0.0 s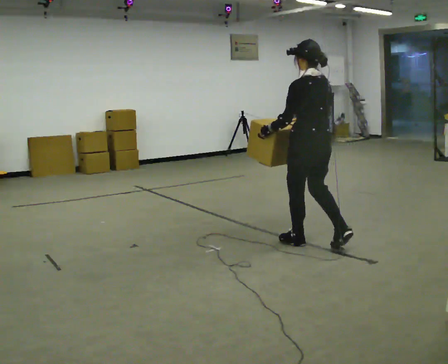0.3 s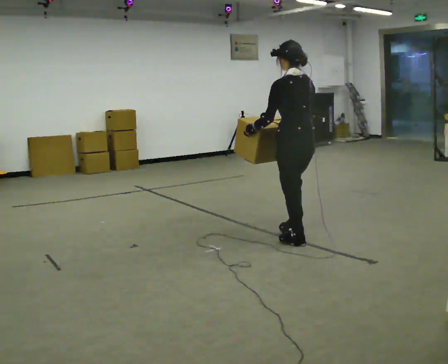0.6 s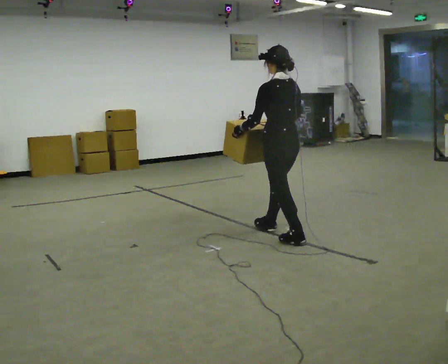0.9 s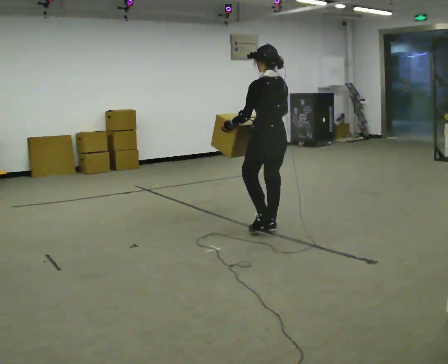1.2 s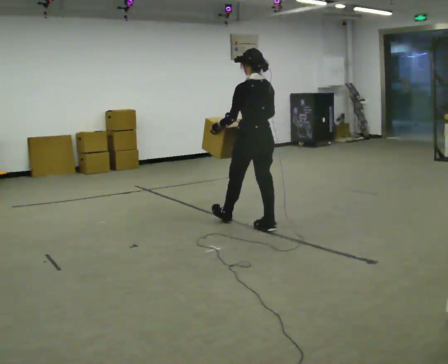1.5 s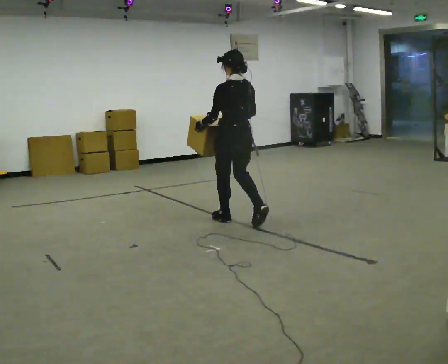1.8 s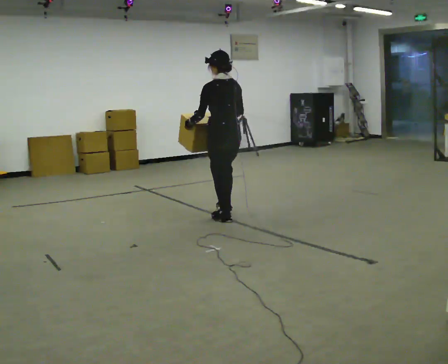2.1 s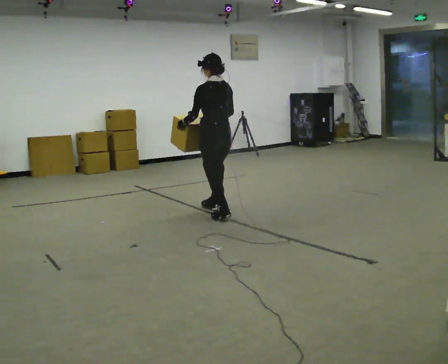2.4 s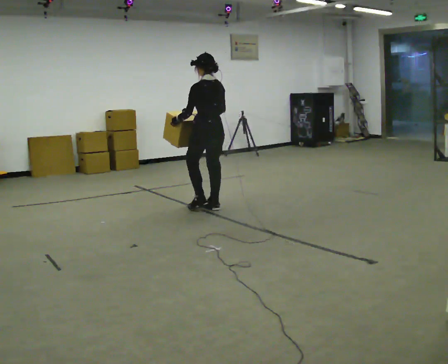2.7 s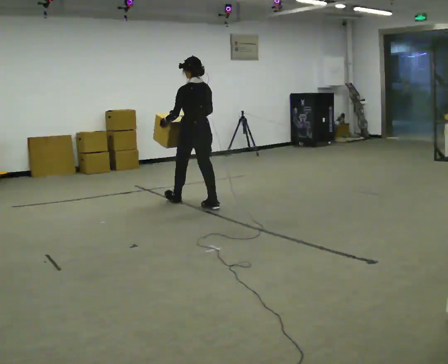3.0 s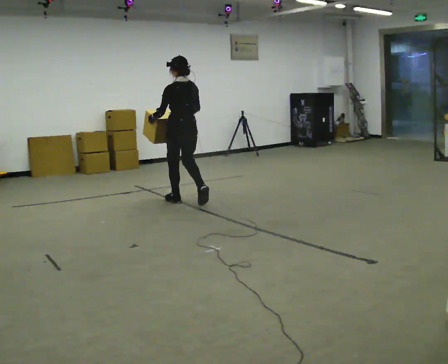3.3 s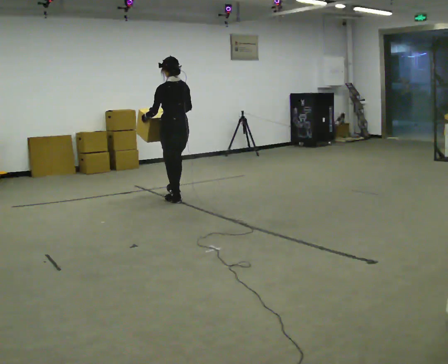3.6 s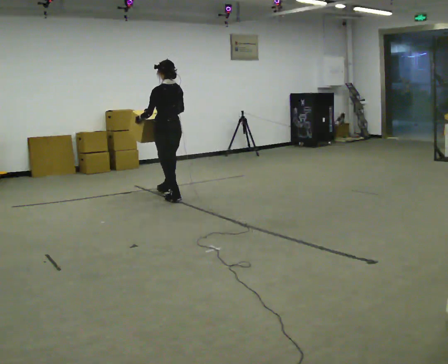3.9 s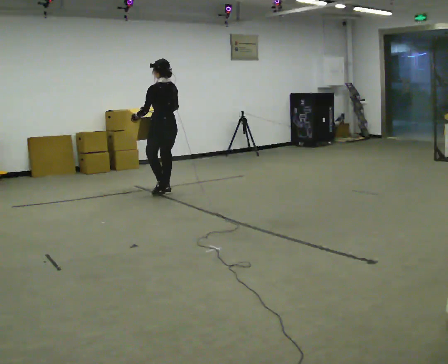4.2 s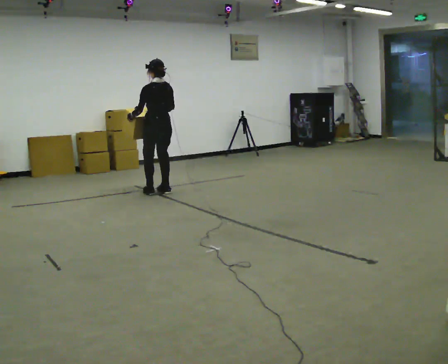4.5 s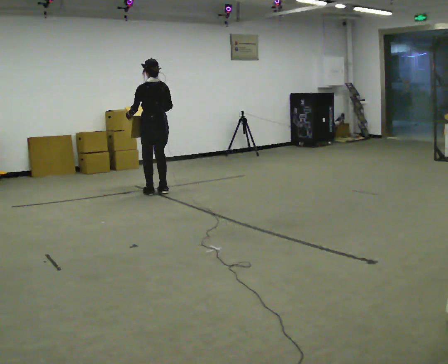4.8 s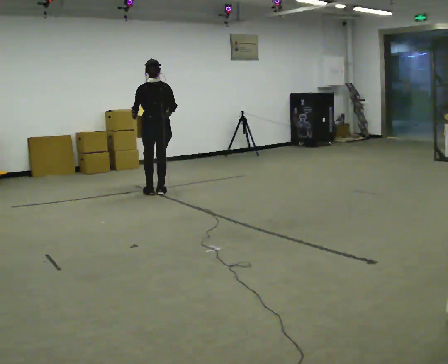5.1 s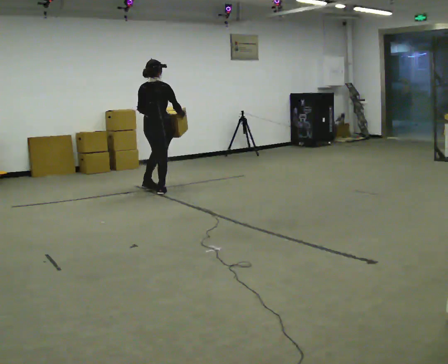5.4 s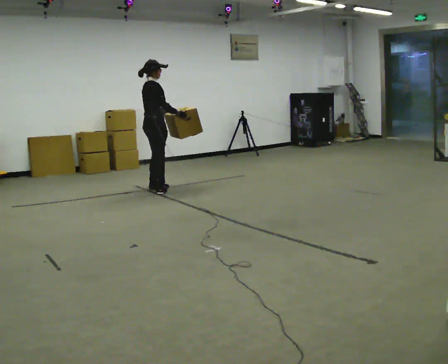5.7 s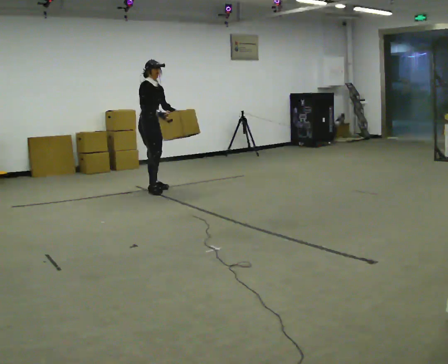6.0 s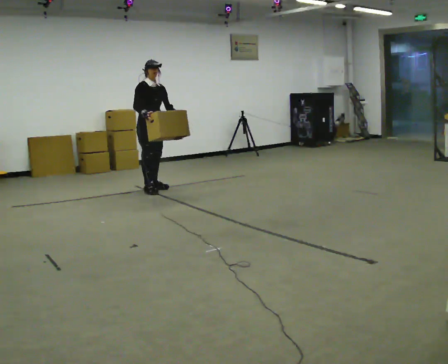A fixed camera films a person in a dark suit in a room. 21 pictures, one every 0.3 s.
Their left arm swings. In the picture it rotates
counterclockwise.
The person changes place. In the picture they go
away from the camera.
0.0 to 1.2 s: In the picture they go away from the camera and to the left, about 0.5 m in 1 step, which for them is forward.
1.2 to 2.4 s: In the picture they go away from the camera and to the left, about 1 m in 2 steps, which for them is forward.
2.4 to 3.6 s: In the picture they go away from the camera and to the left, about 1 m in 2 steps, which for them is forward.
3.6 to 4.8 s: Seen from above the body turns clockwise, about 30 degrees: to their right, with its near side sliding to the left. In the picture they go away from the camera and to the left, about 0.25 m in 1 step, which for them is forward.
4.8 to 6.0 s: The part of the body nearest the lens slides to the left as the person turns to their right by about 150 degrees. In the picture they go away from the camera, about 0.25 m in 2 steps. In the picture their right hand goes to the left.
The film runs forward here.
